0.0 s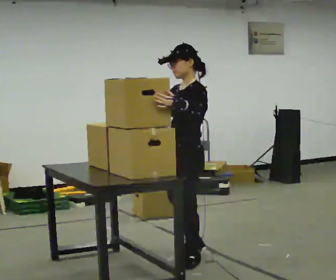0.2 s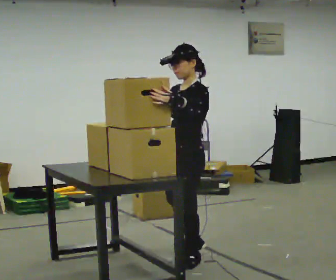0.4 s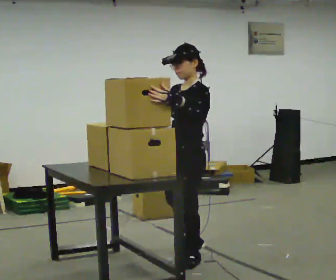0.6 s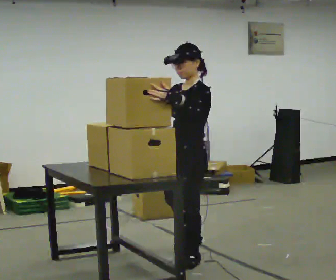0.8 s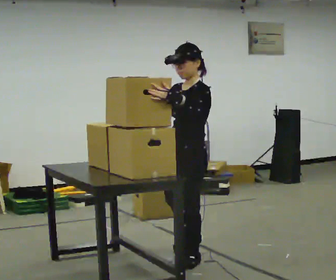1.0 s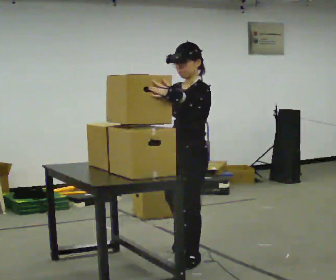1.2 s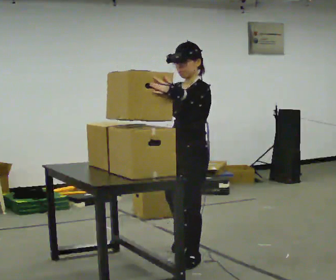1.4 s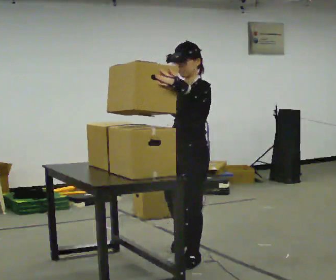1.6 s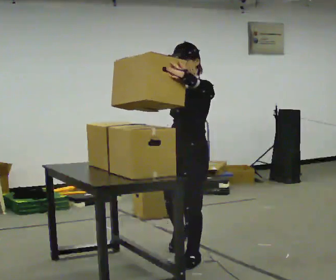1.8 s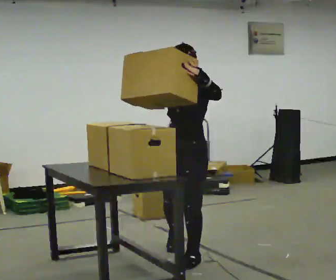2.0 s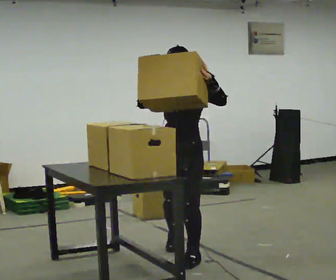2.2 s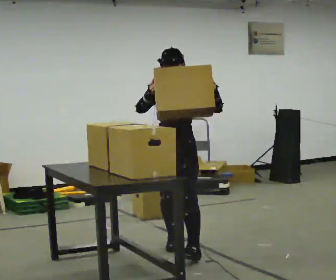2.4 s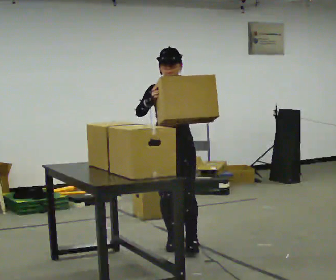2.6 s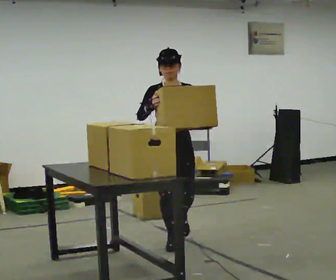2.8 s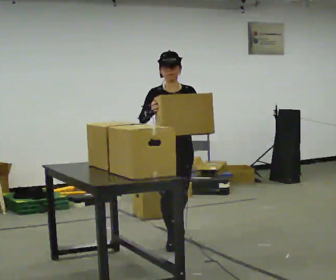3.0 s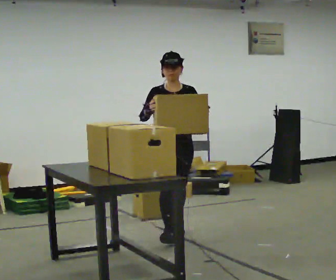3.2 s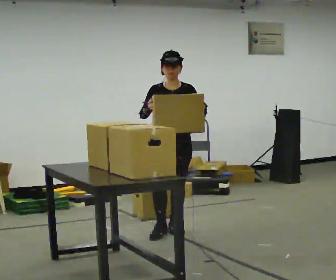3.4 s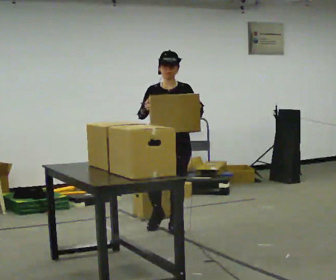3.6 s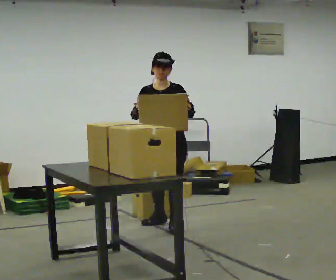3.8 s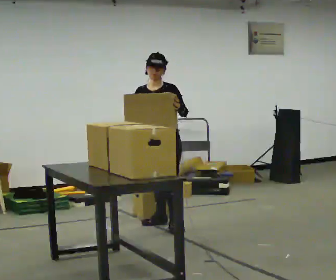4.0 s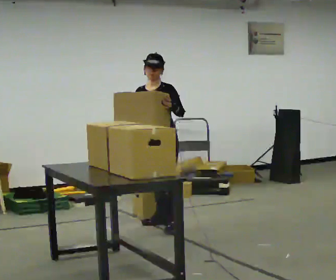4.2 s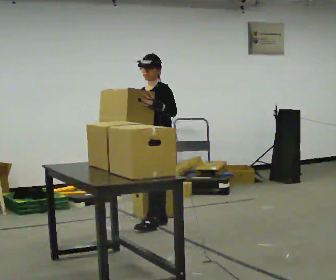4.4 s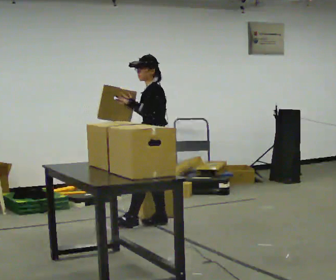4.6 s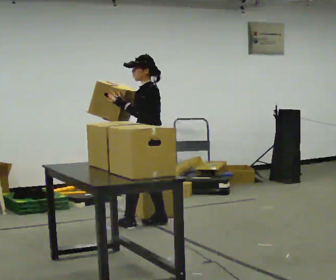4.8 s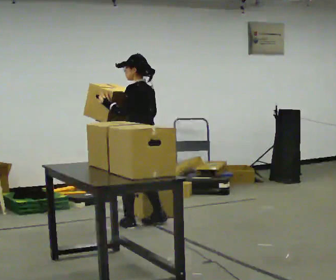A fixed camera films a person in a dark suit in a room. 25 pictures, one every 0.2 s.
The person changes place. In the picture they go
away from the camera.
0.0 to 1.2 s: The person moves a little, or ends about where they began.
1.2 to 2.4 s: Seen from above the body turns counterclockwise, about 60 degrees: to their left, with its near side sliding to the right. In the picture they go away from the camera, about 0.5 m in 2 steps, which for them is to their right and backward.
2.4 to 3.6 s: In the picture they go away from the camera, about 0.75 m in 1 step, which for them is backward.
3.6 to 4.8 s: Seen from above the body turns clockwise, about 105 degrees: to their right, with its near side sliding to the left. In the picture they go to the left, about 0.25 m in 1 step.
The film runs backward here.
